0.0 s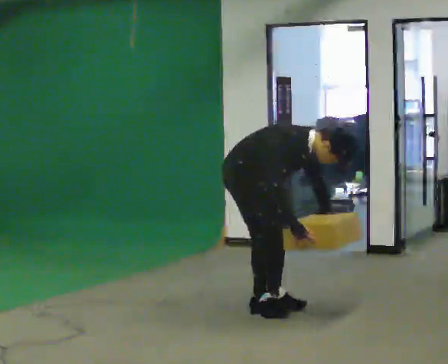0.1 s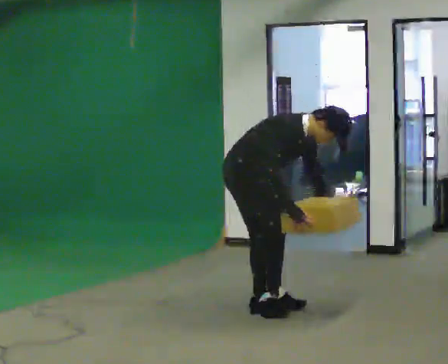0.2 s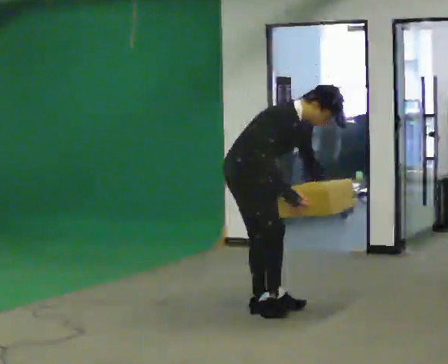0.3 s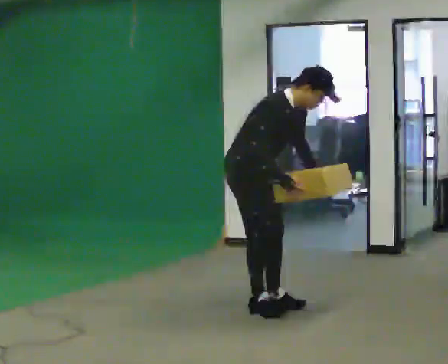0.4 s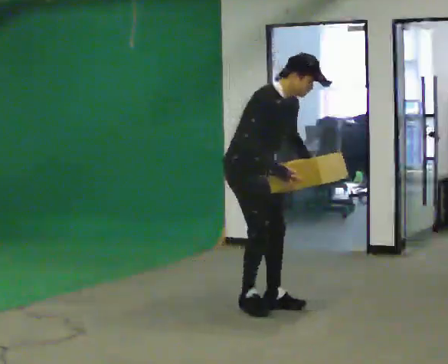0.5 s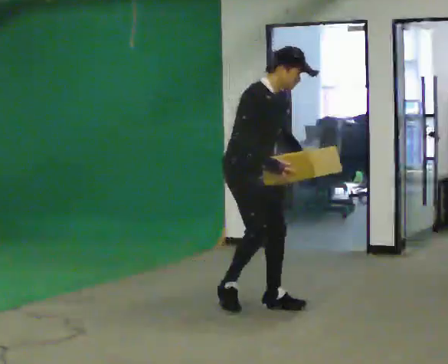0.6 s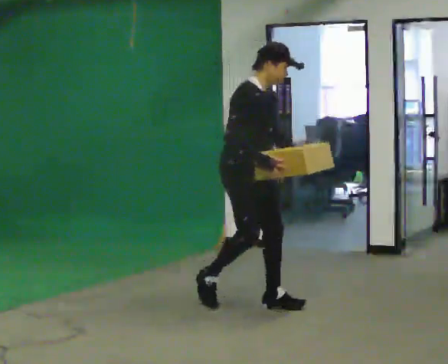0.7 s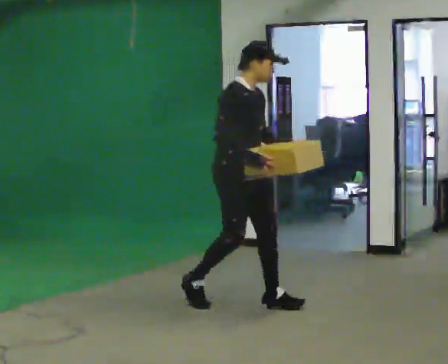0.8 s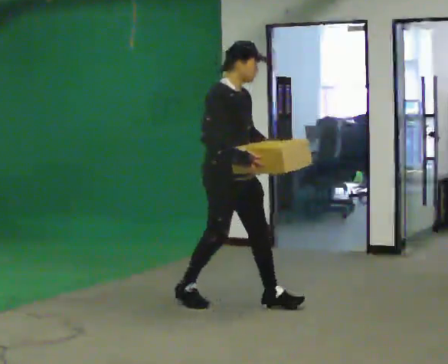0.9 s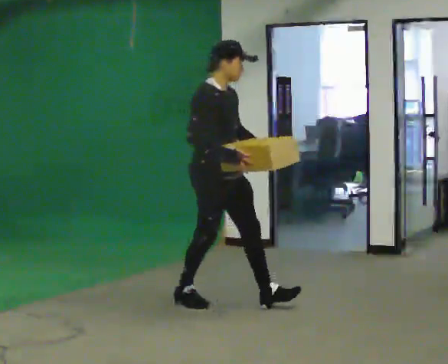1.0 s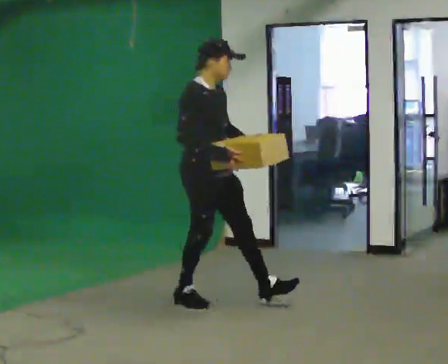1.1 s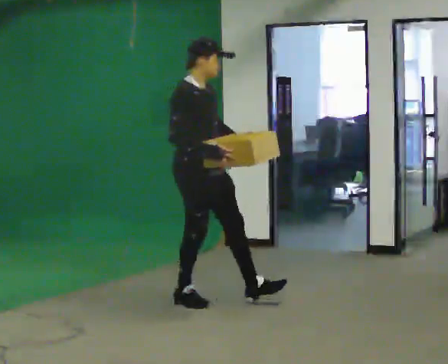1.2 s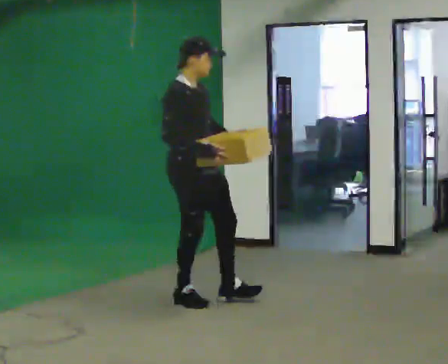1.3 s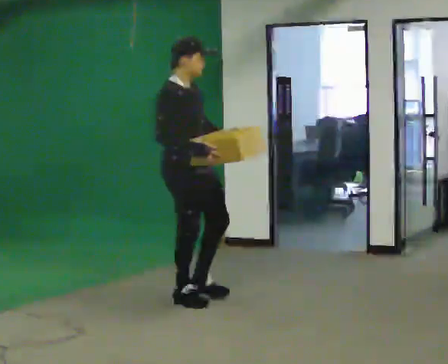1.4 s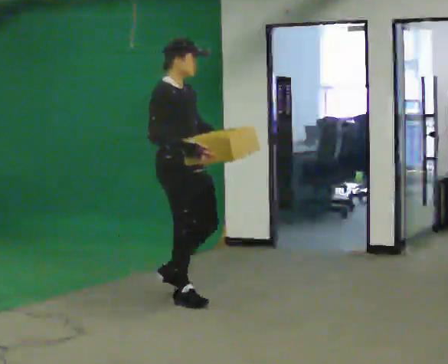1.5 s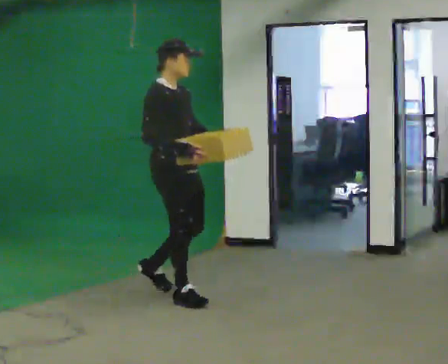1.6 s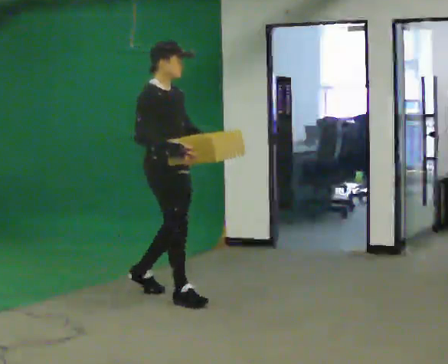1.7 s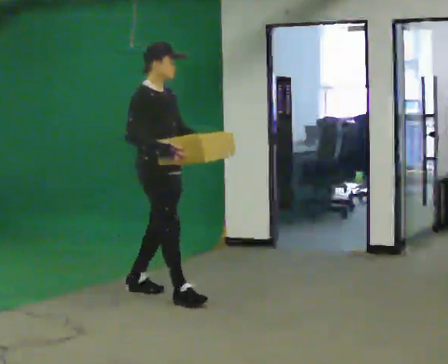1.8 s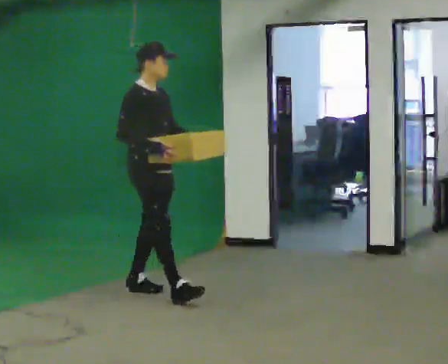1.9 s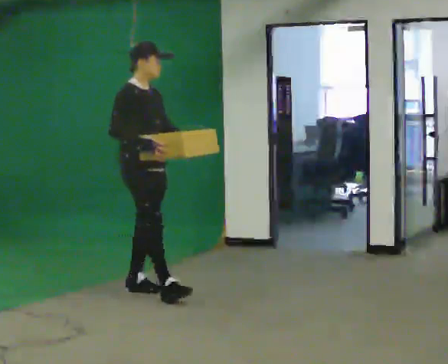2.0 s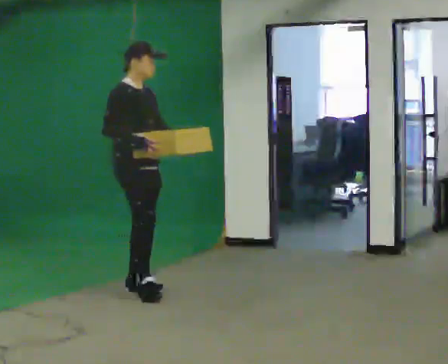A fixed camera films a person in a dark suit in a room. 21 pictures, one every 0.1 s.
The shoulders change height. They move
upward.
Their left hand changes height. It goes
upward.
0.0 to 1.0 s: In the picture they go to the left, about 0.25 m in 2 steps, which for them is backward. The shoulders move upward. In the picture the upper body tilts counterclockwise, shoulders to the left, as they lean back or straighten. In the picture their right hand goes upward.
1.0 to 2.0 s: In the picture they go to the left and away from the camera, about 0.75 m in 1 step, which for them is backward.
The film runs backward here.
